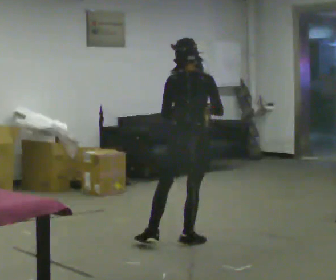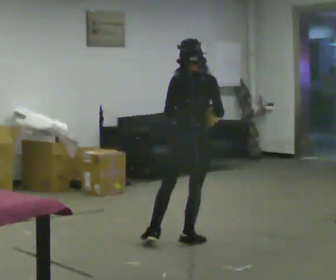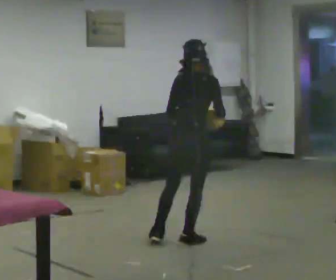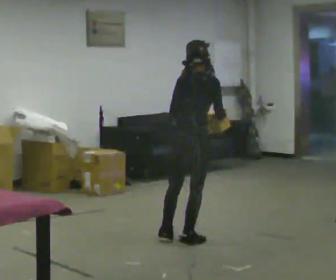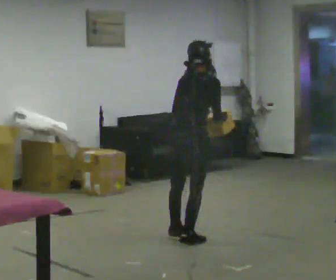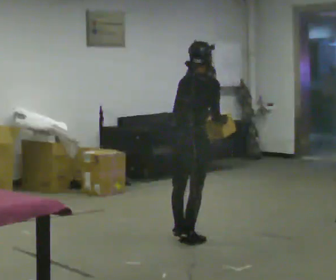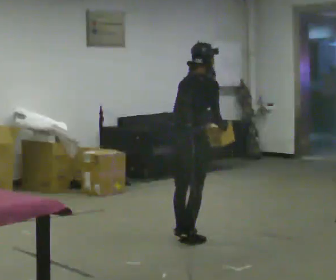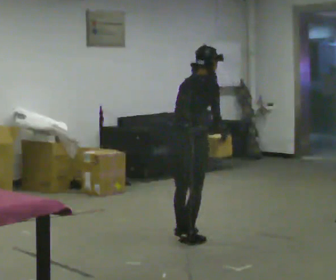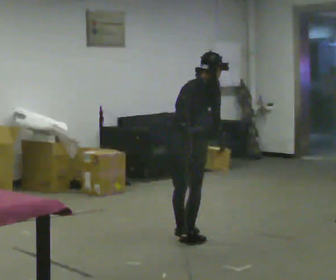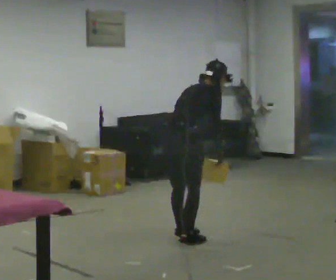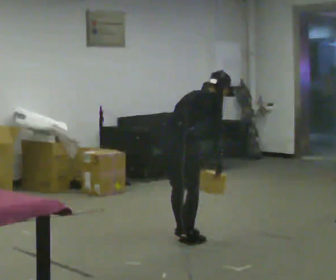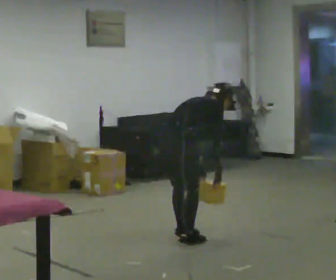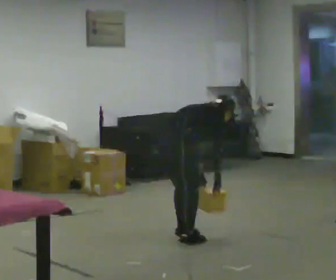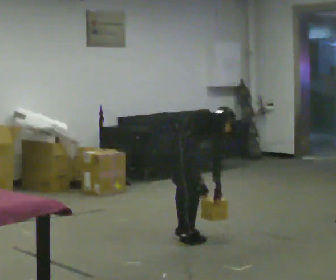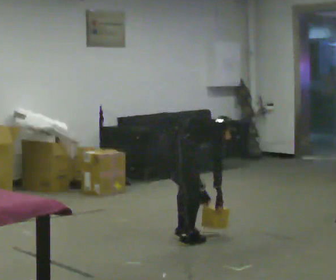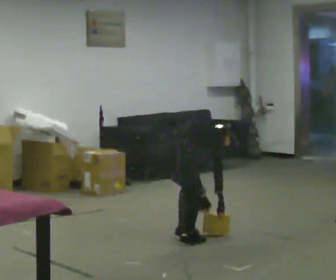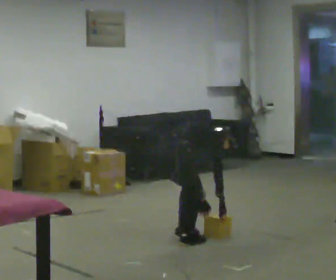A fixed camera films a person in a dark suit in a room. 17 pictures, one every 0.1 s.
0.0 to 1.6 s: Seen from above the body turns clockwise, about 60 degrees: to their right, with its near side sliding to the left. The shoulders move downward. In the picture the upper body tilts clockwise, shoulders to the right, as they bend forward. In the picture their left hand goes downward.
The film runs backward here.
